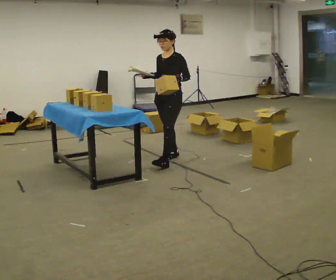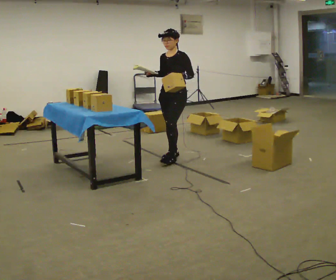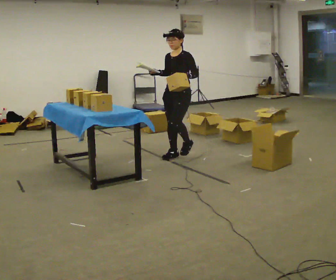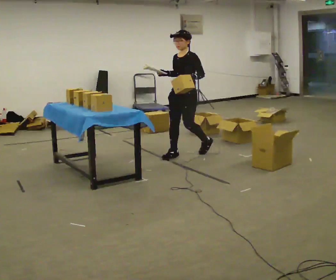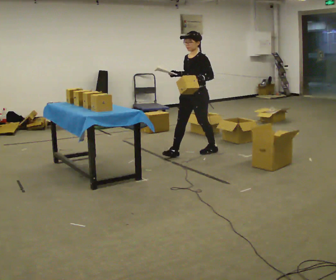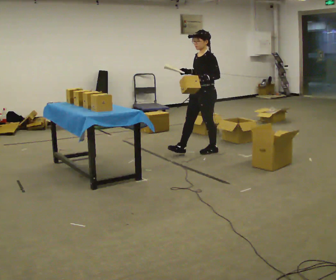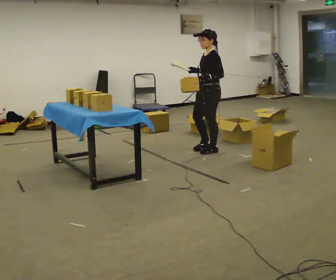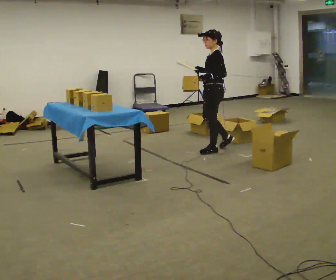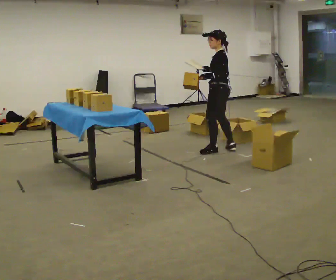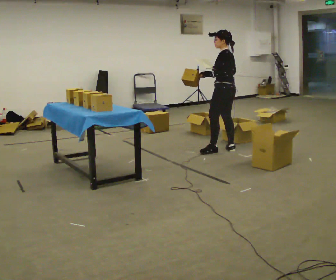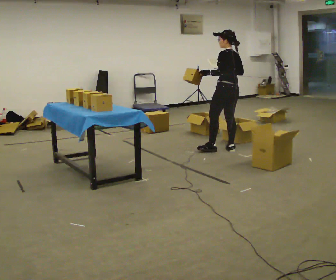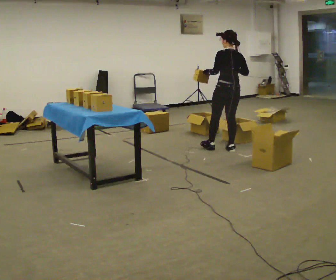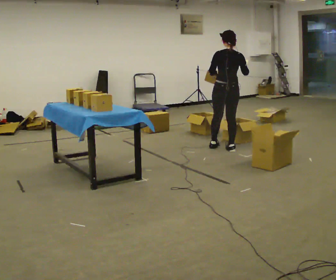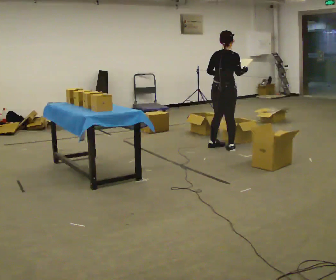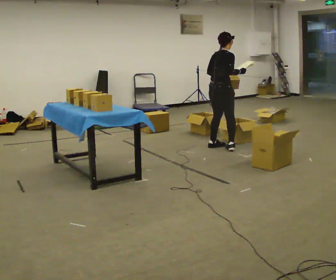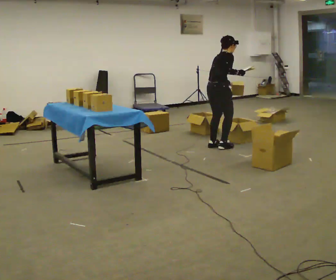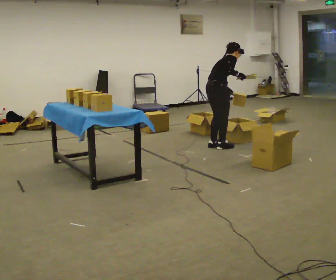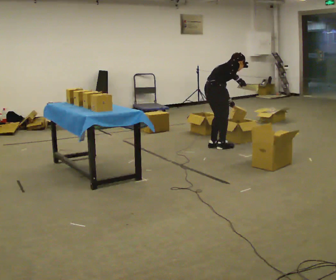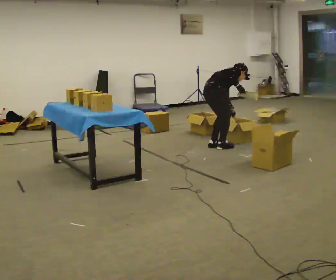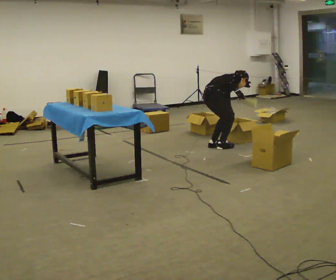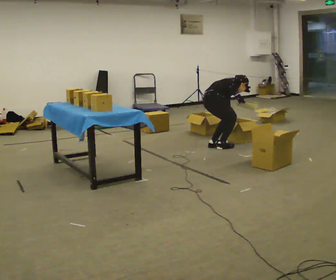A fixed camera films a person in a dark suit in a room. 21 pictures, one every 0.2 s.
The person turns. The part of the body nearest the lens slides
to the left.
The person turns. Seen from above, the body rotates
clockwise.
0.0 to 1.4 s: The person turns about 45 degrees to their right, clockwise seen from above, so the part of the body nearest the lens slides to the left. In the picture they go to the right and away from the camera, about 0.75 m in 2 steps, which for them is backward.
1.4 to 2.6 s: The part of the body nearest the lens slides to the left as the person turns to their right by about 120 degrees. In the picture they go away from the camera, about 0.25 m in 1 step.
2.6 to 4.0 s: The part of the body nearest the lens slides to the left as the person turns to their right by about 30 degrees. The shoulders move downward. In the picture the upper body tilts clockwise, shoulders to the right, as they bend forward. In the picture their right hand goes downward.
The film runs backward here.
